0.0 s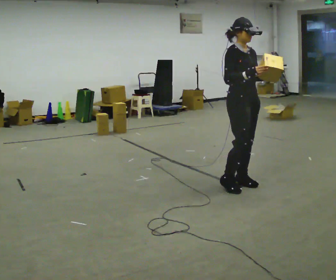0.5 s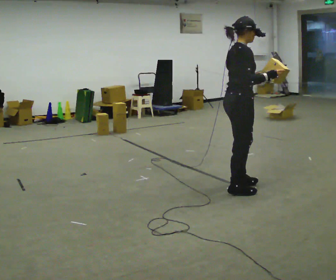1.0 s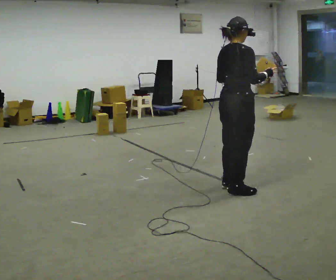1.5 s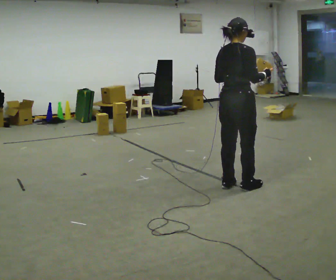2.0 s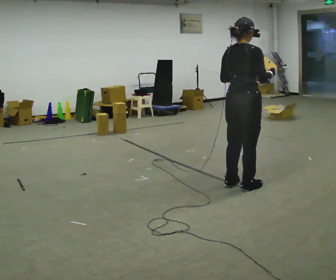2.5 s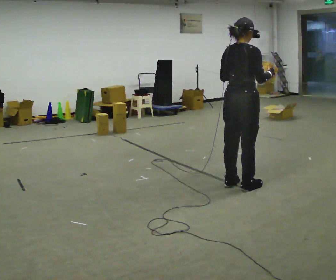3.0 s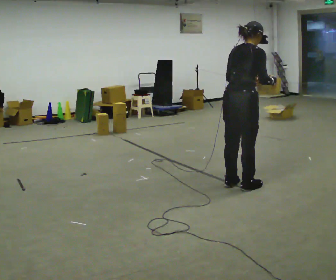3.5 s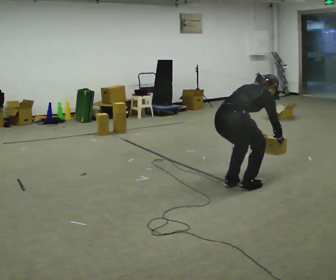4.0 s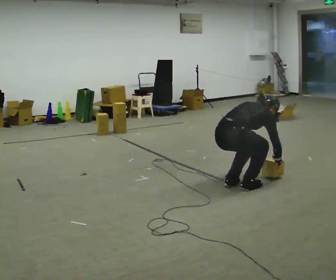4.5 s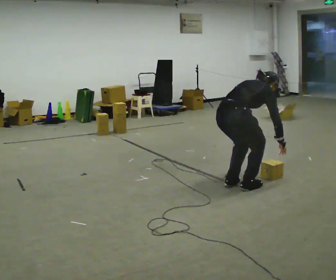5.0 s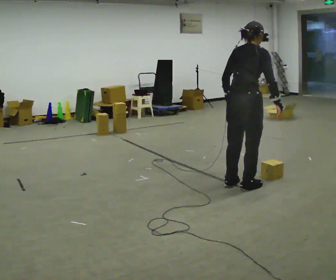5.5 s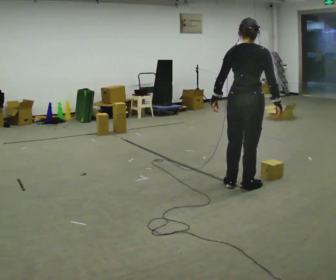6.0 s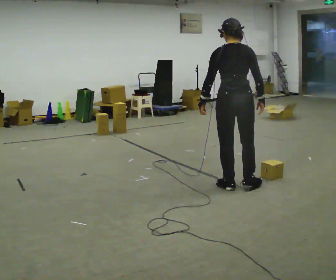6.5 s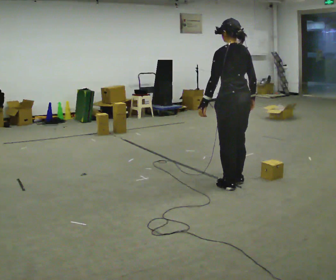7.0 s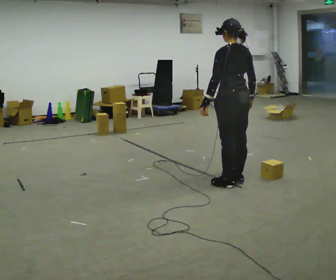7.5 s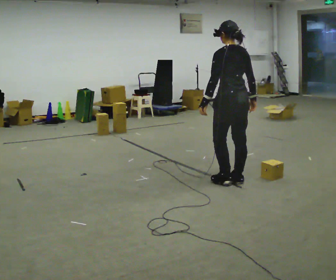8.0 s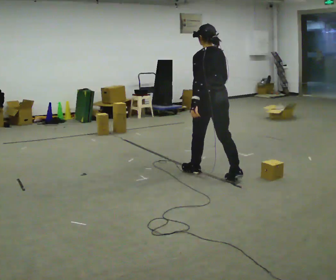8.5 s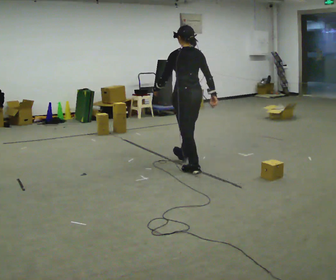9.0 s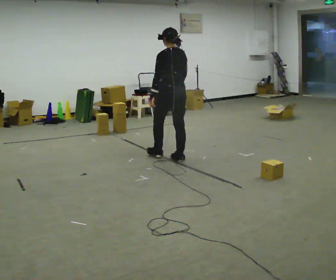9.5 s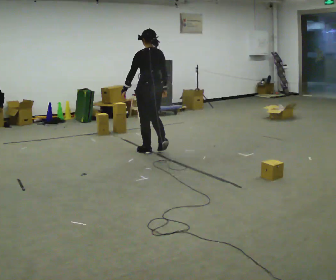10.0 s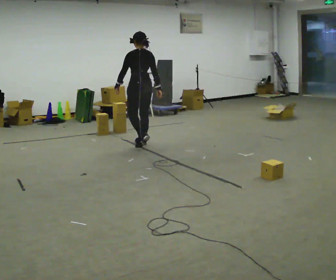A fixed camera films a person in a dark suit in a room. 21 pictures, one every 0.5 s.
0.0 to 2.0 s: The part of the body nearest the lens slides to the right as the person turns to their left by about 90 degrees.
2.0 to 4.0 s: The shoulders move downward. The upper body tips away from the camera, its near side rolling upward, as they bend forward. In the picture their right hand goes downward.
4.0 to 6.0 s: The person turns about 60 degrees to their left, counterclockwise seen from above, so the part of the body nearest the lens slides to the right. The upper body goes upward. The upper body tips toward the camera, its near side rolling downward, as they lean back or straighten. In the picture their left hand goes upward and to the left.
6.0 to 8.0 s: In the picture they go away from the camera and to the left, about 0.5 m in 2 steps, which for them is forward.
8.0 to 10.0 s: In the picture they go to the left and away from the camera, about 1.5 m in 3 steps, which for them is forward.
The film runs forward here.
